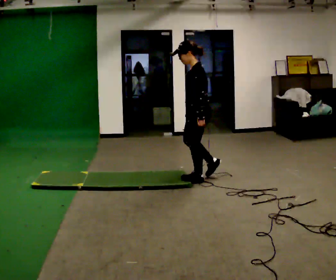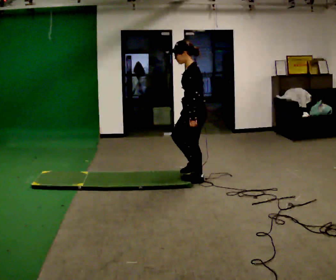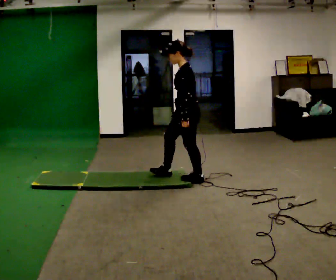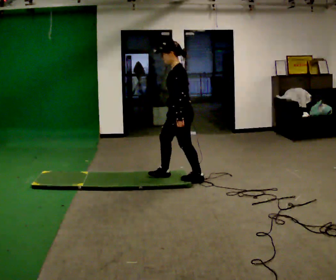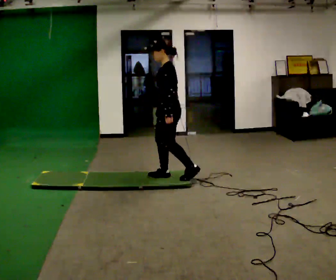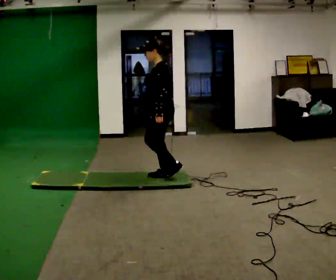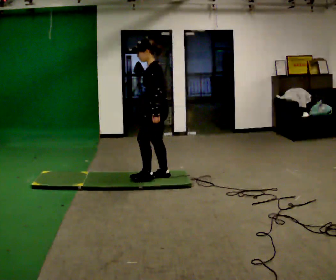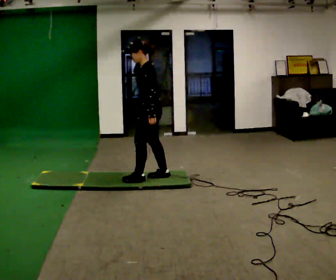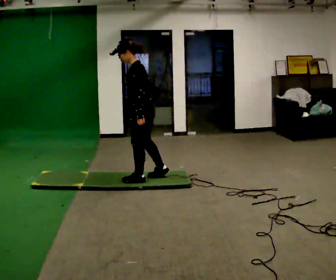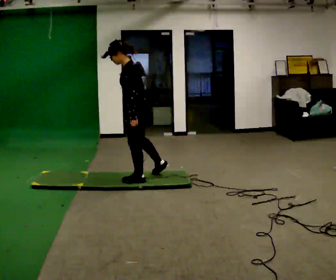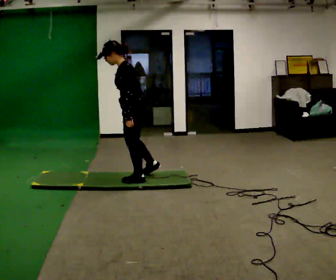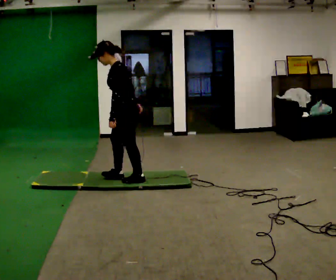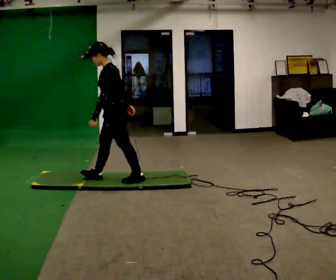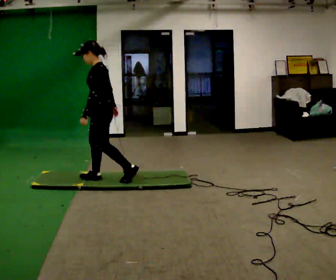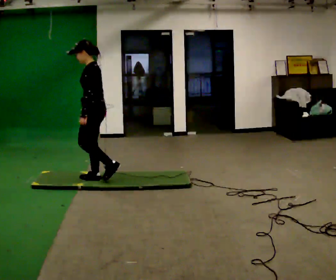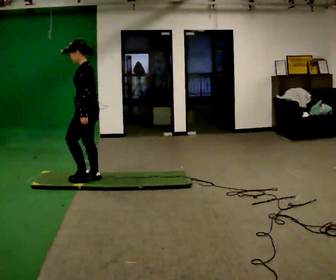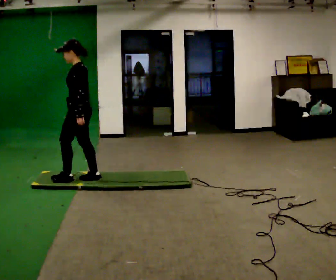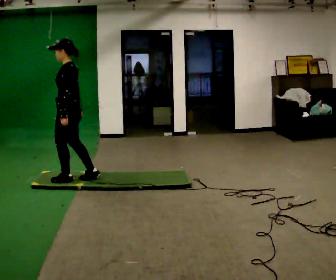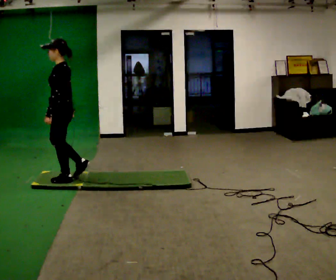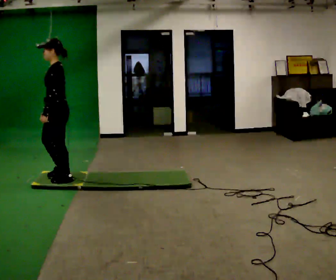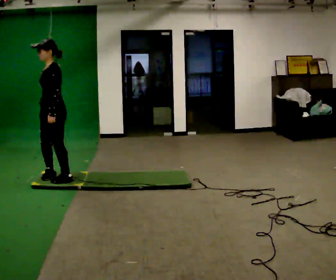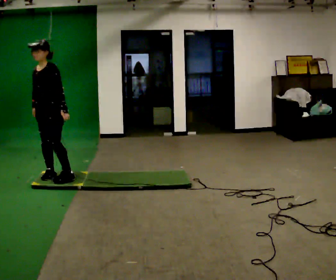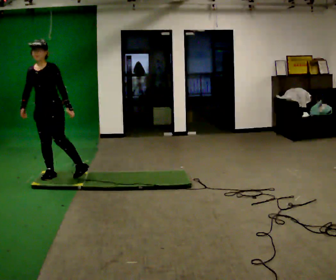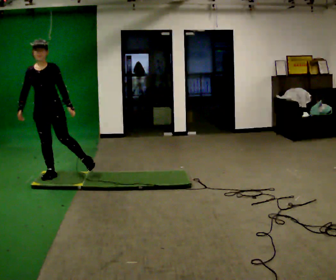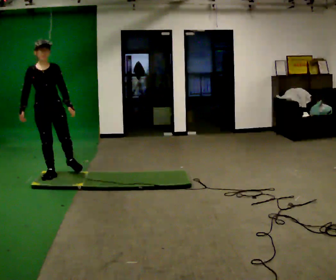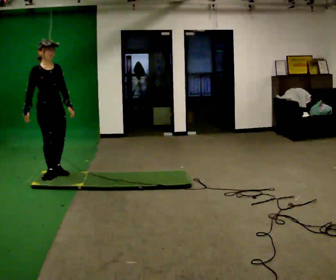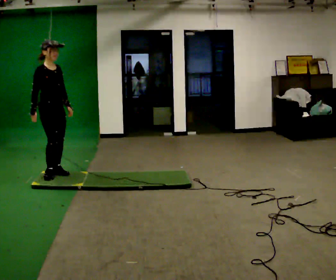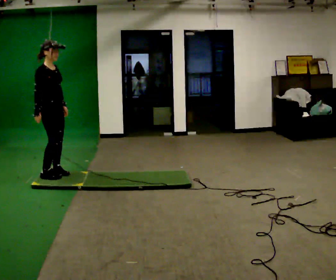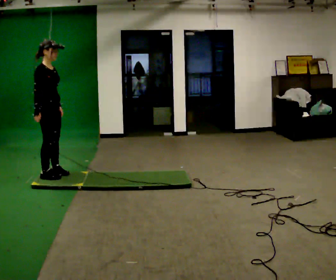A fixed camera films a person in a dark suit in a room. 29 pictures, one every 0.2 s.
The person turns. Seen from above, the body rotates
counterclockwise.
The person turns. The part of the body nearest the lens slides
to the right.
0.0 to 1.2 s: In the picture they go to the left, about 0.5 m in 1 step, which for them is forward.
1.2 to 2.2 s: In the picture they go to the left, about 0.25 m in 1 step, which for them is forward.
2.2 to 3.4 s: In the picture they go to the left, about 0.75 m in 2 steps, which for them is forward.
3.4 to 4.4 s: The person turns about 75 degrees to their left, counterclockwise seen from above, so the part of the body nearest the lens slides to the right. In the picture they go to the left, about 0.25 m in 1 step.
4.4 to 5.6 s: The part of the body nearest the lens slides to the right as the person turns to their left by about 90 degrees.
The film runs forward here.
